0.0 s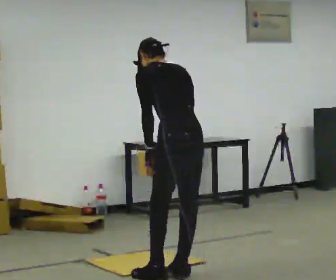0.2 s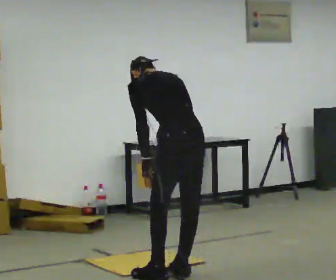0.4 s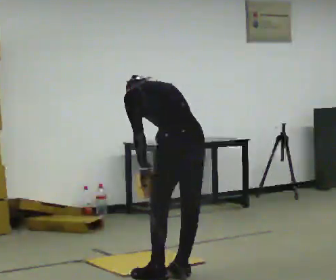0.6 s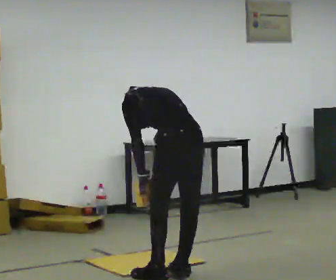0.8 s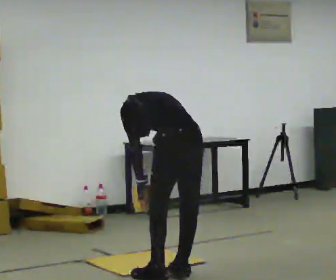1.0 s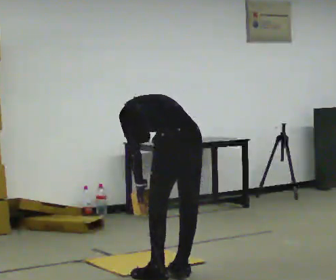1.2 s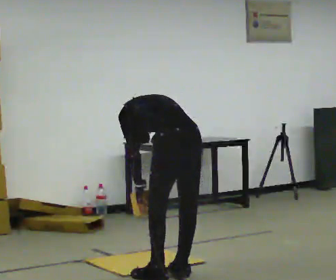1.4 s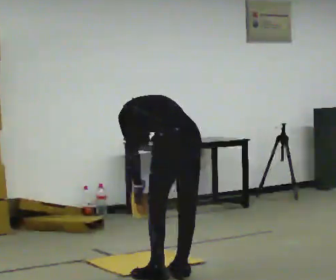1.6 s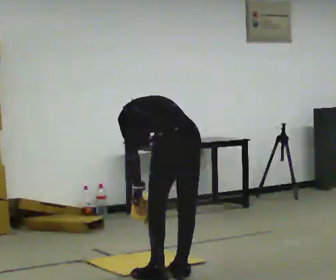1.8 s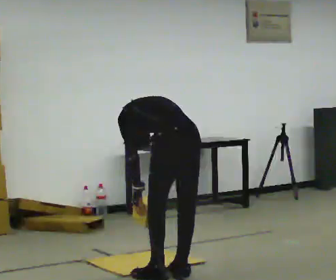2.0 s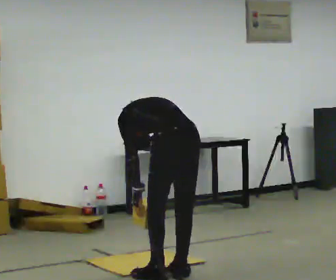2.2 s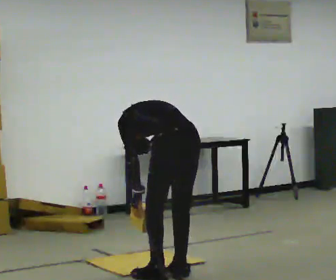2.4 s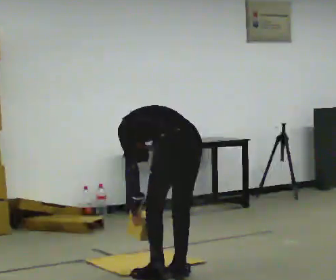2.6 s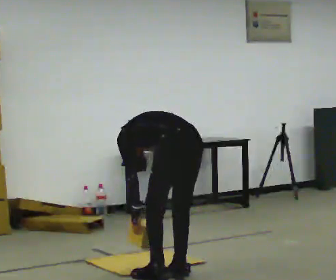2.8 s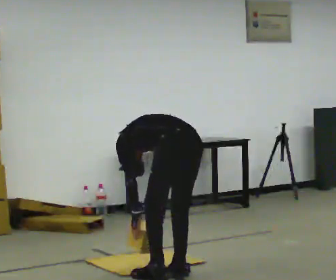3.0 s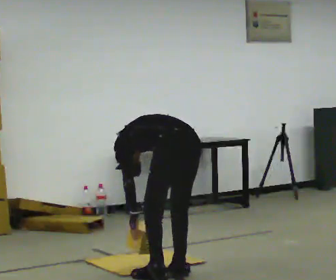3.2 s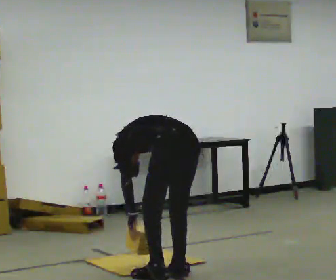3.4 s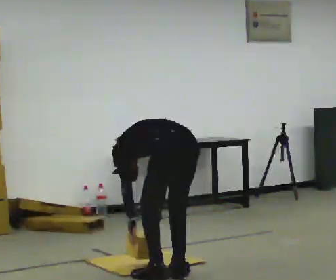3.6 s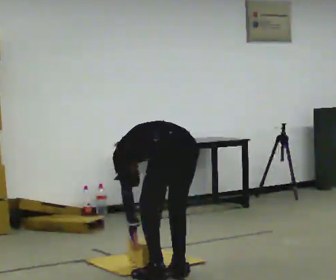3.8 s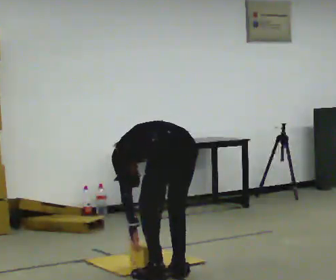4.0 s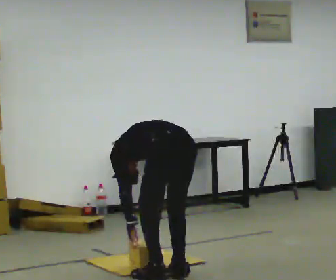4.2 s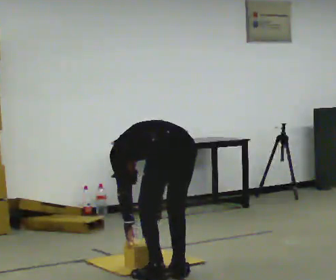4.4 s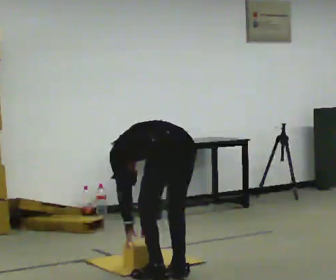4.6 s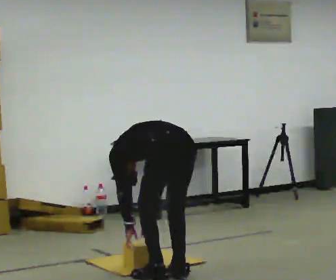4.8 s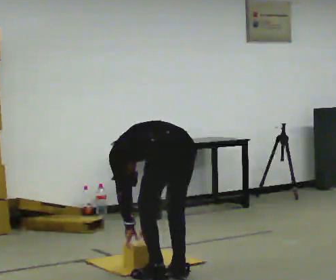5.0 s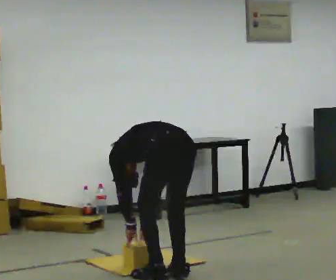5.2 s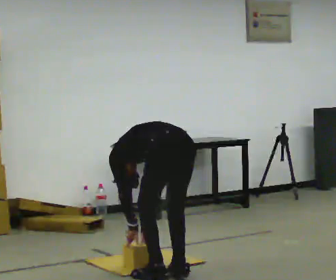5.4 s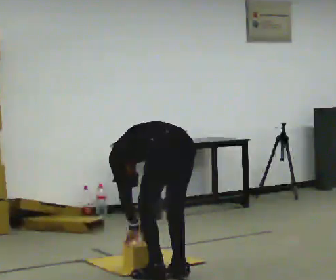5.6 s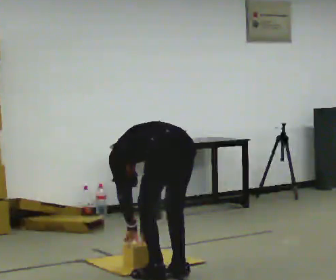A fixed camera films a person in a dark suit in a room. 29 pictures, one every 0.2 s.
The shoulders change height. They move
downward.
Their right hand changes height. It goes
downward.
0.0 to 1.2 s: The upper body goes downward. The upper body tips away from the camera, its near side rolling upward, as they bend forward.
1.2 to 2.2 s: The person moves a little, or ends about where they began.
2.2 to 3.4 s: The shoulders move downward. In the picture the upper body tilts counterclockwise, shoulders to the left, as they bend forward.
3.4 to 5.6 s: The person moves a little, or ends about where they began.
The film runs forward here.
